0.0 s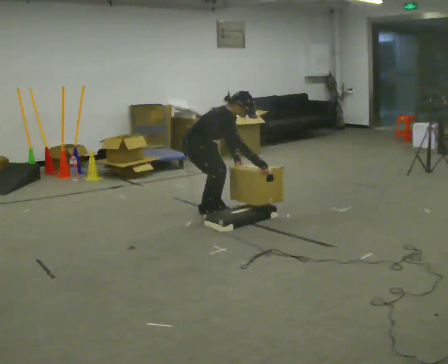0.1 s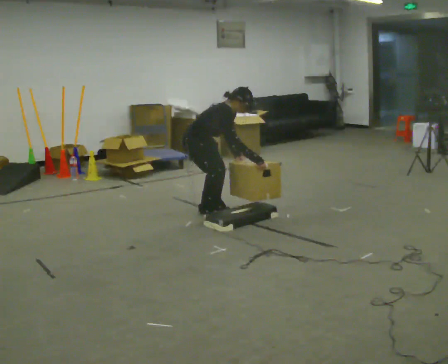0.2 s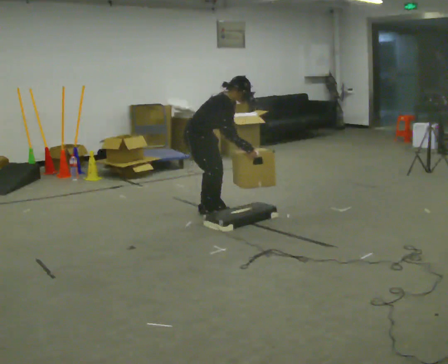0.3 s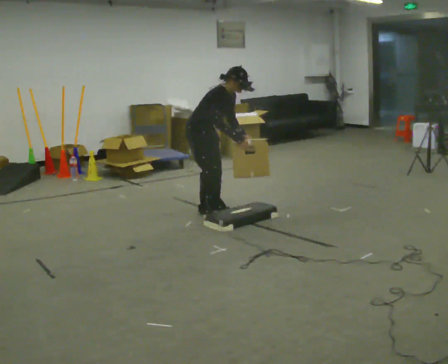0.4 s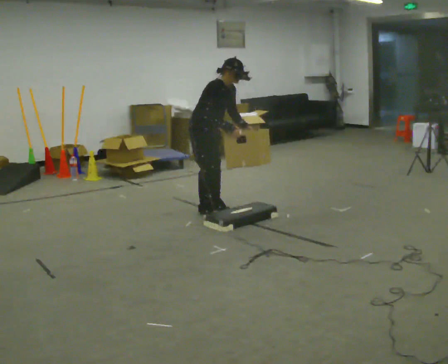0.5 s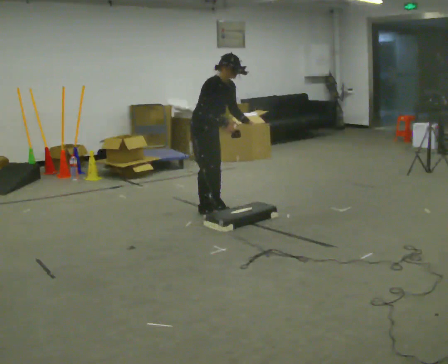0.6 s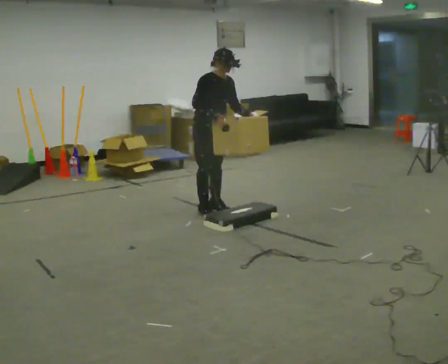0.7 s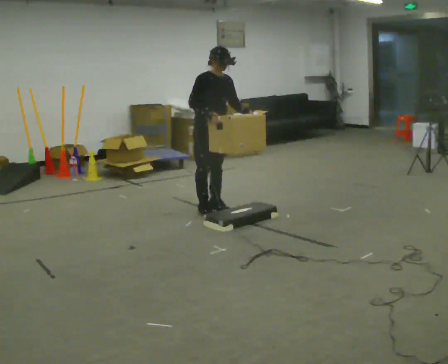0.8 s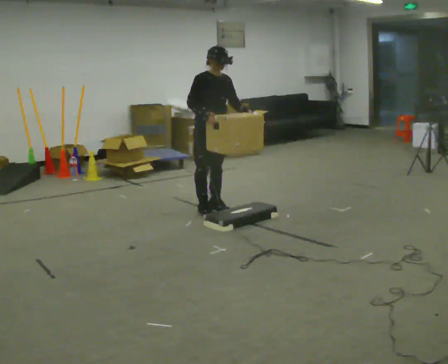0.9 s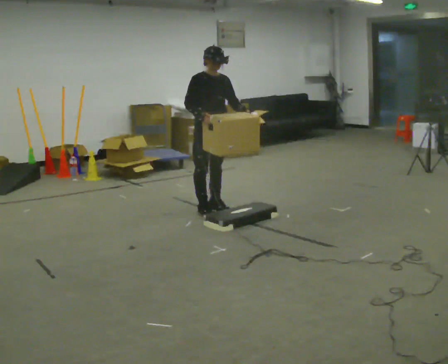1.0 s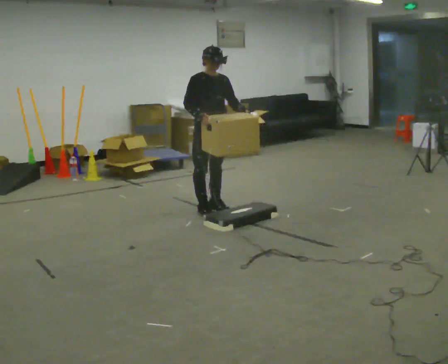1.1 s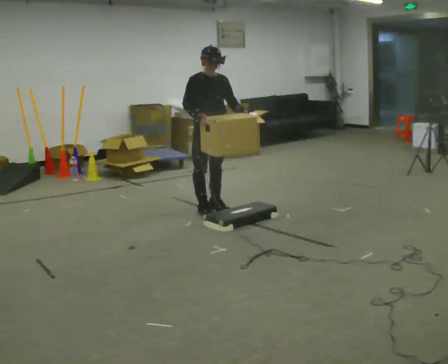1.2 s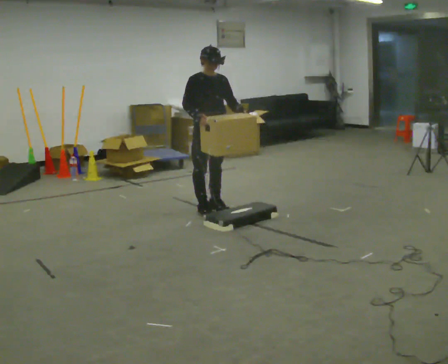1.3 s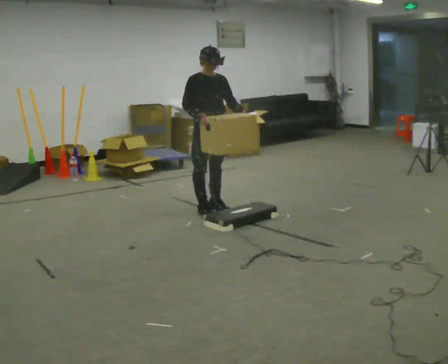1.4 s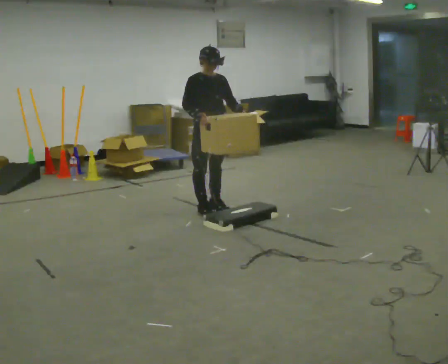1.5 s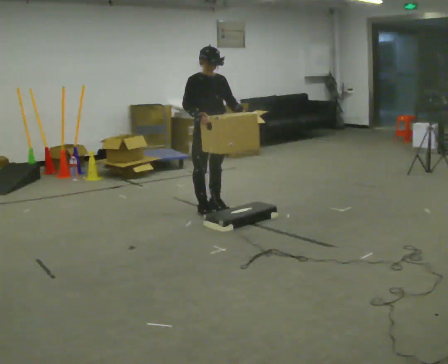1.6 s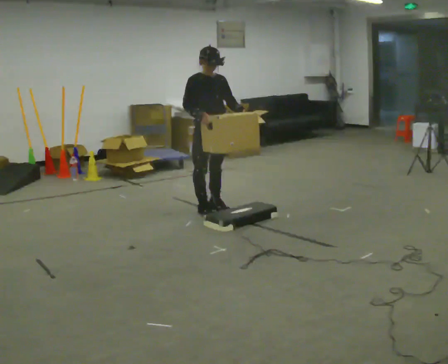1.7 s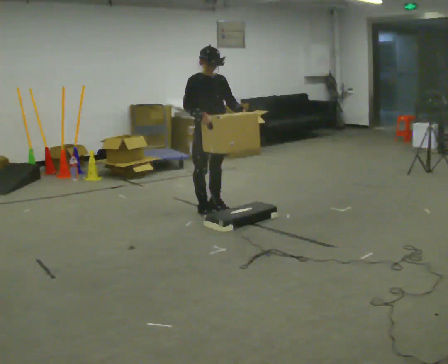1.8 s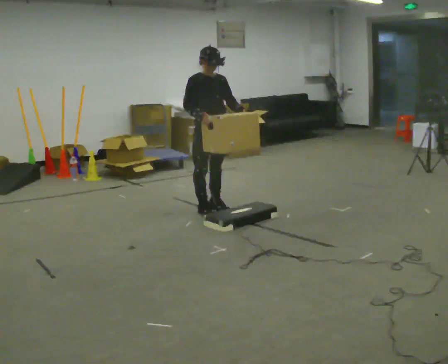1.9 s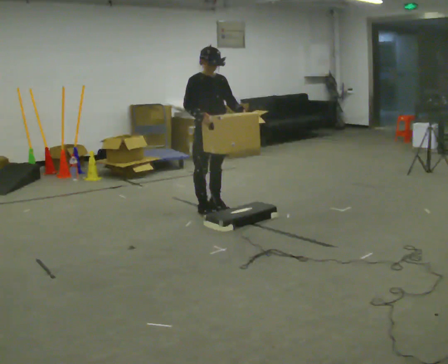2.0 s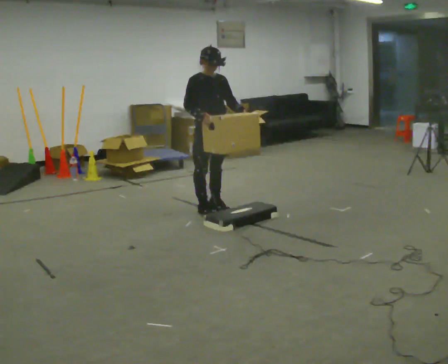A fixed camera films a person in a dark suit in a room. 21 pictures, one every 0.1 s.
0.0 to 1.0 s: The person turns about 30 degrees to their right, clockwise seen from above, so the part of the body nearest the lens slides to the left. The shoulders move upward. In the picture the upper body tilts counterclockwise, shoulders to the left, as they lean back or straighten. In the picture their right hand goes to the left and upward, the arm swinging clockwise.
1.0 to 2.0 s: The person moves a little, or ends about where they began.
The film runs forward here.
